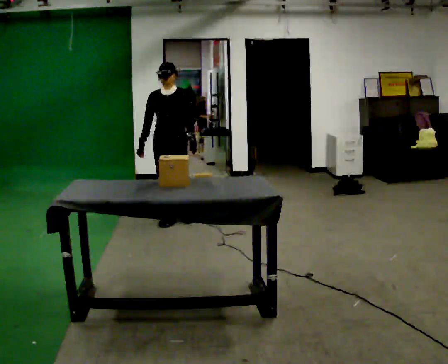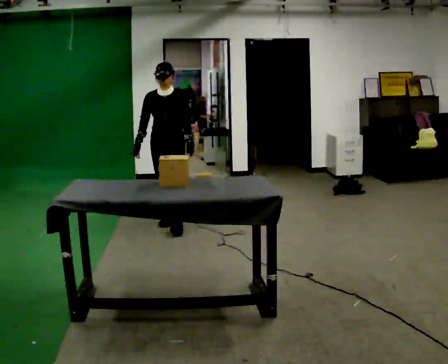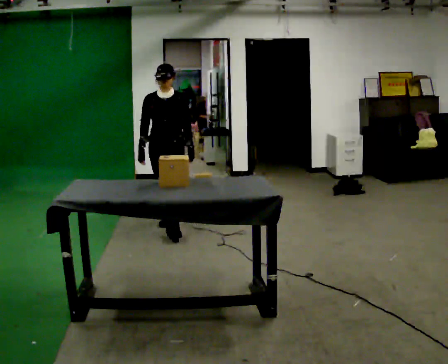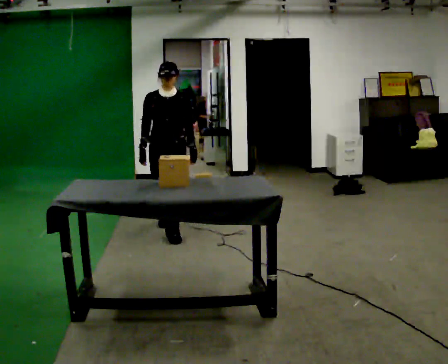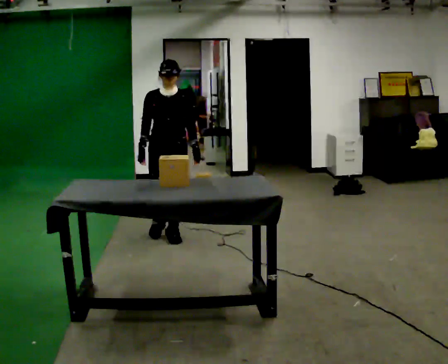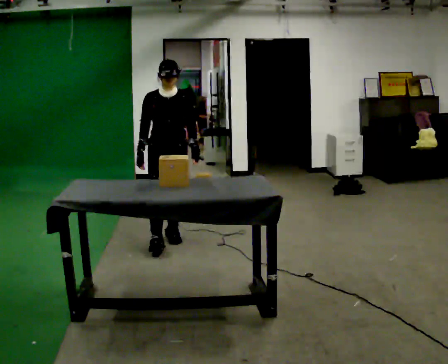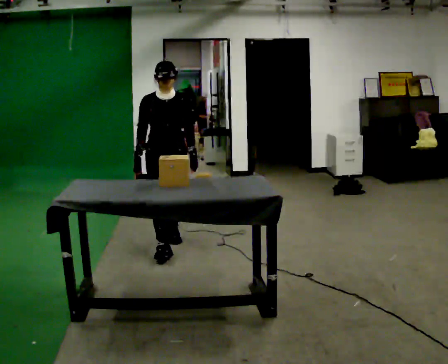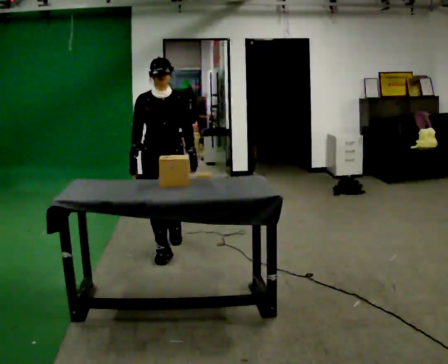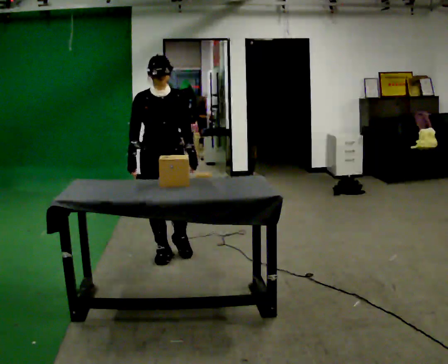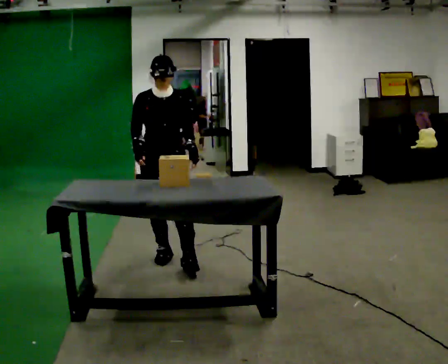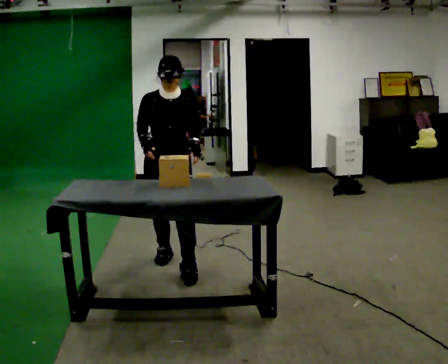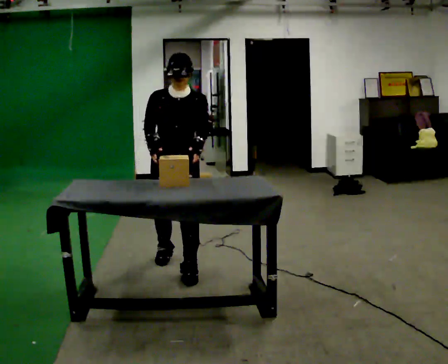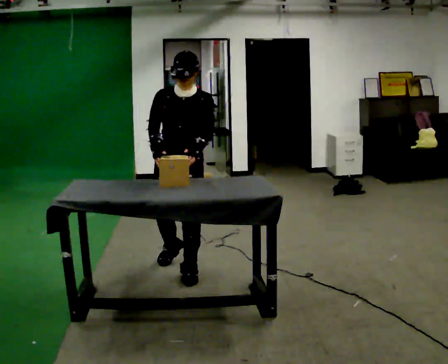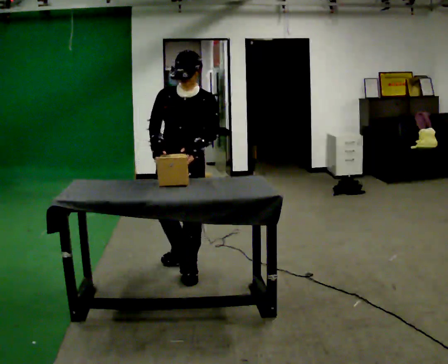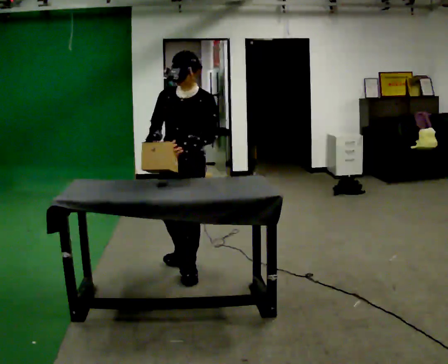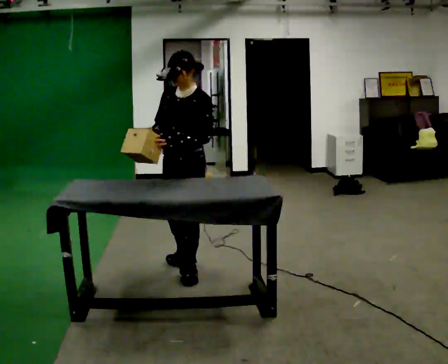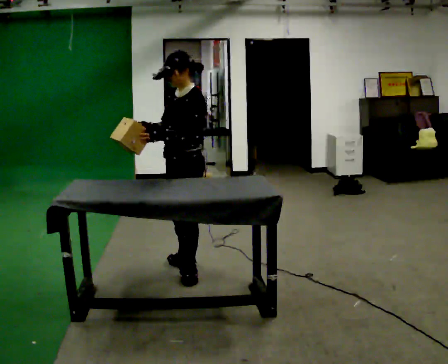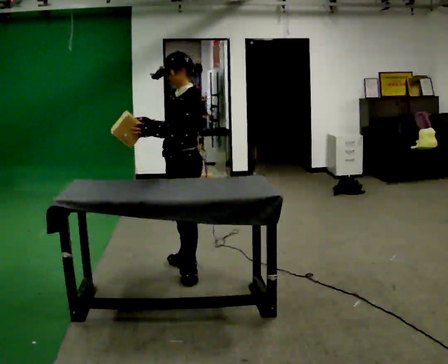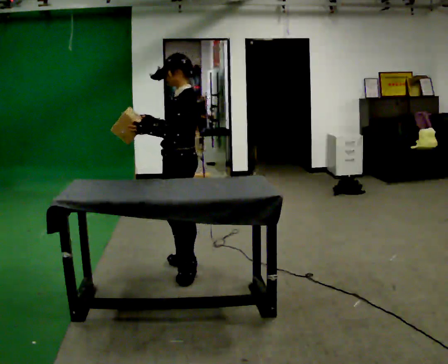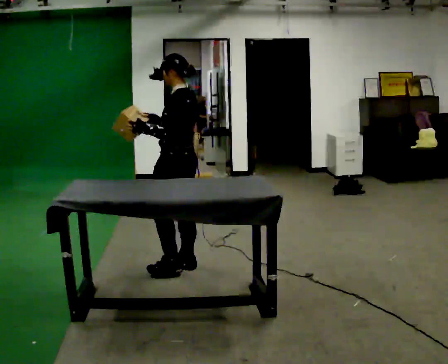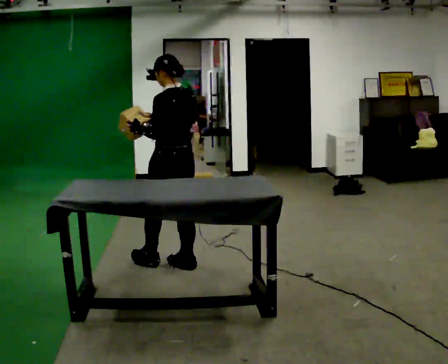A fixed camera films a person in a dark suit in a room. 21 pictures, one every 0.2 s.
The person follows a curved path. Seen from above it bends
counterclockwise.
0.0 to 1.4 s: In the picture they go toward the camera, about 1 m in 2 steps, which for them is forward.
1.4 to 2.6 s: The part of the body nearest the lens slides to the left as the person turns to their right by about 30 degrees. In the picture they go toward the camera, about 0.5 m in 1 step, which for them is forward.
2.6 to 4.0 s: Seen from above the body turns clockwise, about 105 degrees: to their right, with its near side sliding to the left. In the picture they go away from the camera, about 0.25 m in 1 step.
The film runs forward here.
